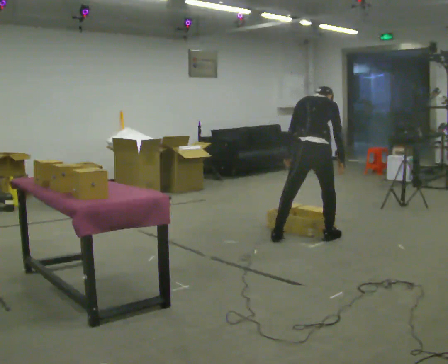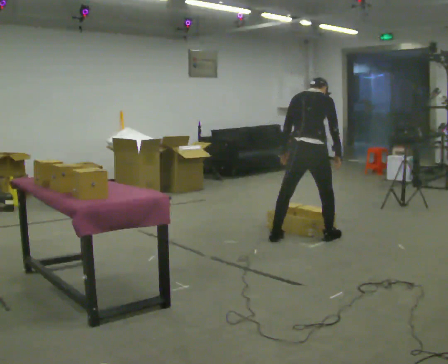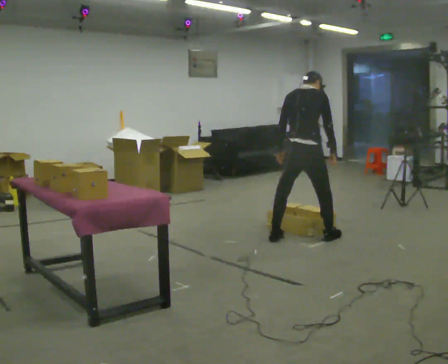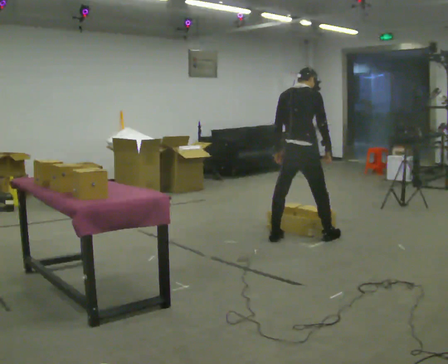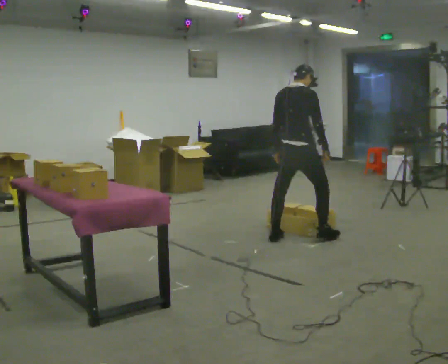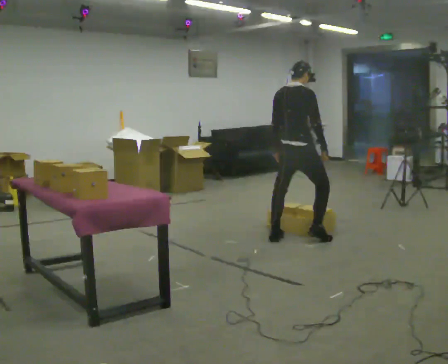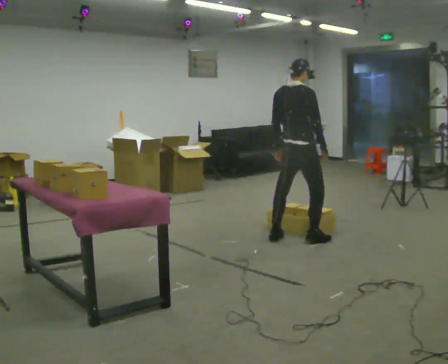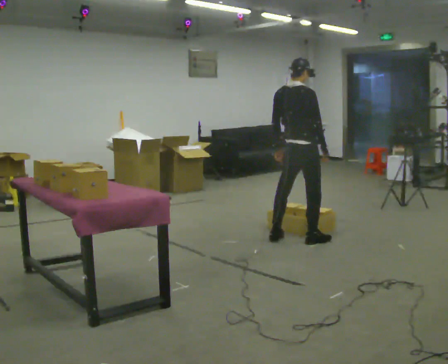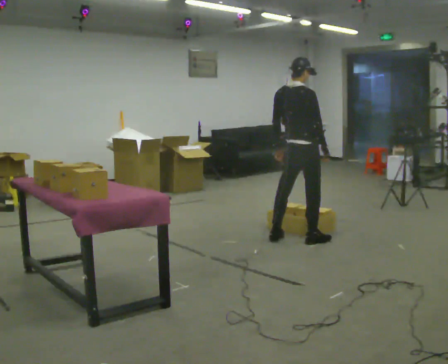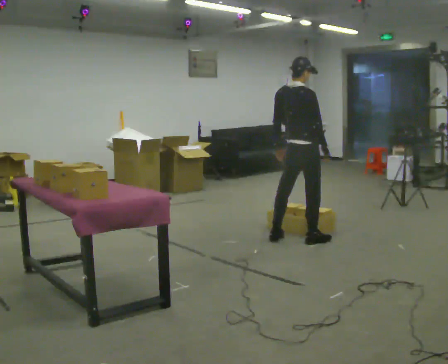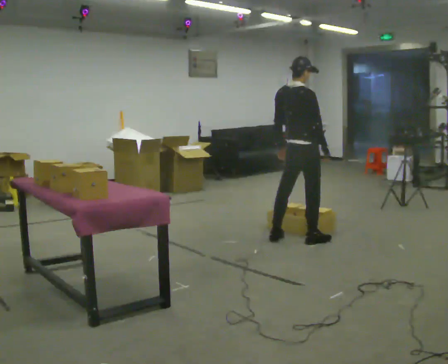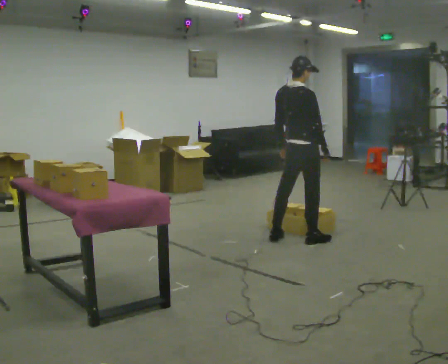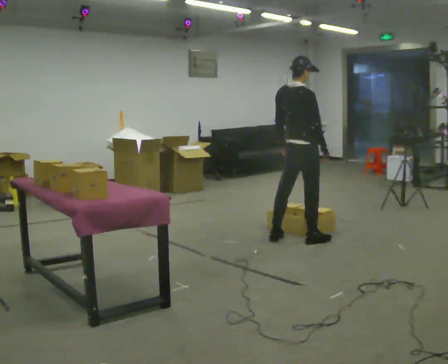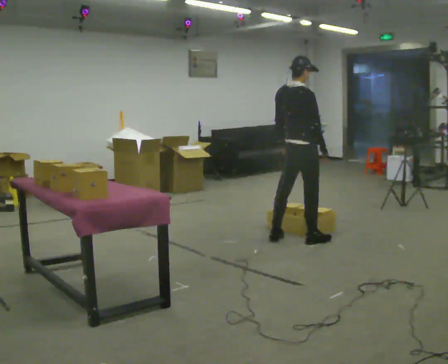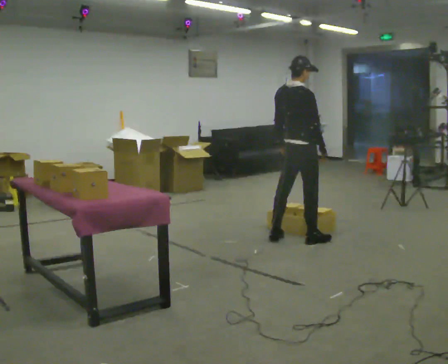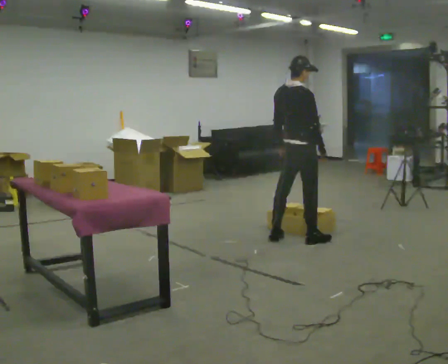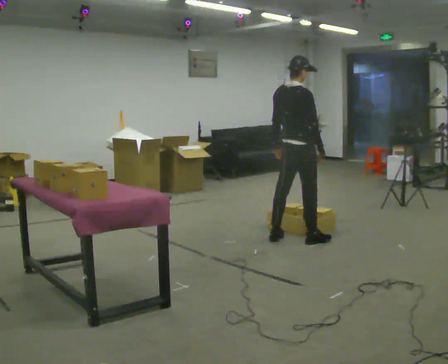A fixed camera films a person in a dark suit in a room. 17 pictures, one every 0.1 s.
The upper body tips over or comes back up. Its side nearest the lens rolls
downward.
0.0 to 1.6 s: The person turns about 30 degrees to their right, clockwise seen from above, so the part of the body nearest the lens slides to the left. In the picture they go to the left, about 0.25 m in 1 step, which for them is to their left. The upper body goes upward. The upper body tips toward the camera, its near side rolling downward, as they lean back or straighten.
The film runs backward here.
